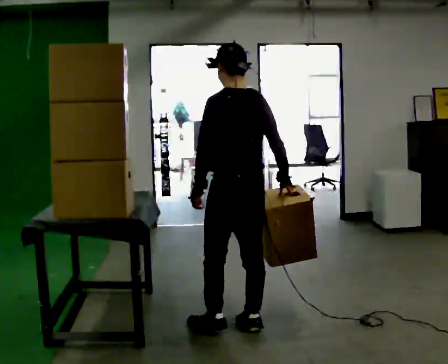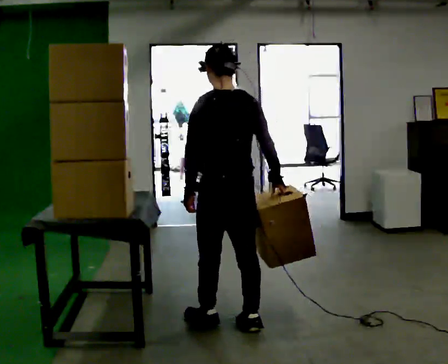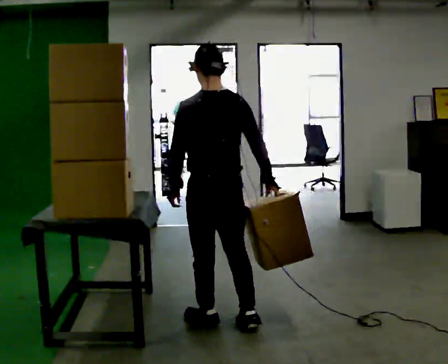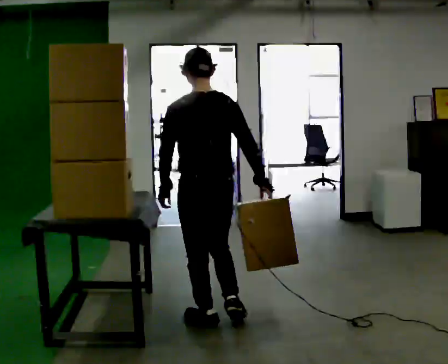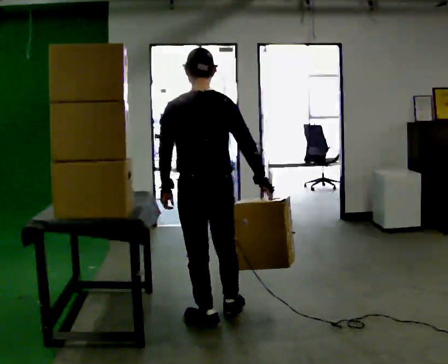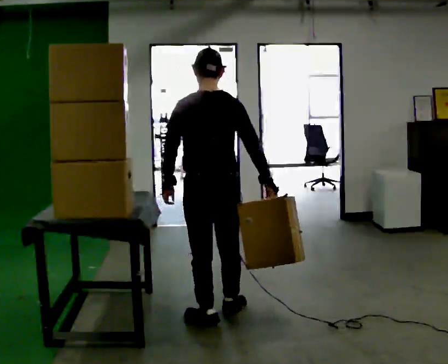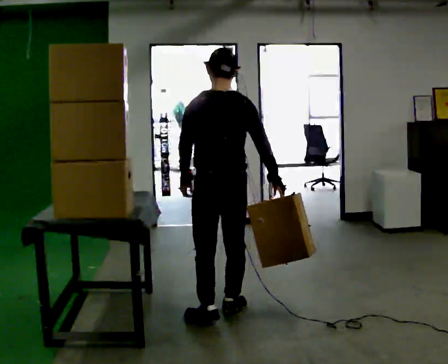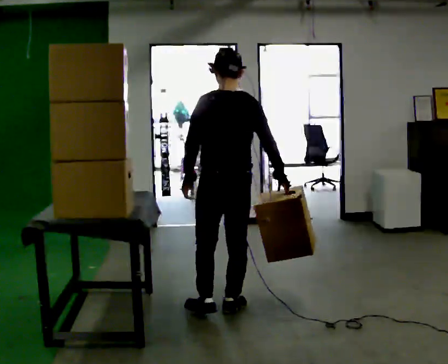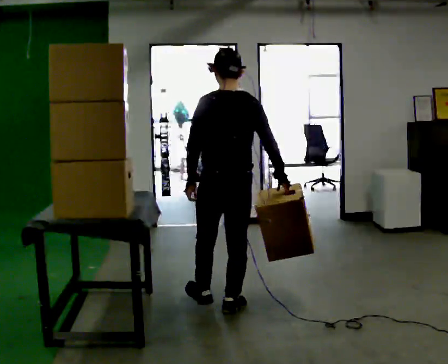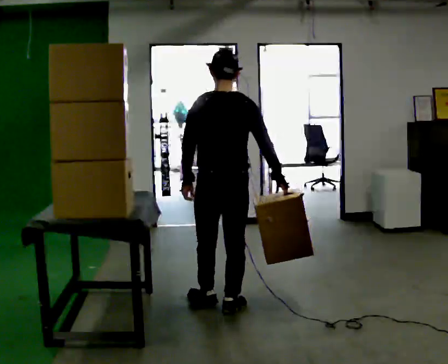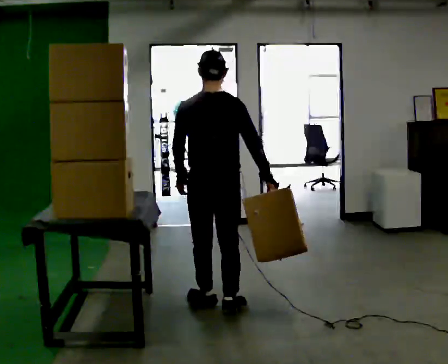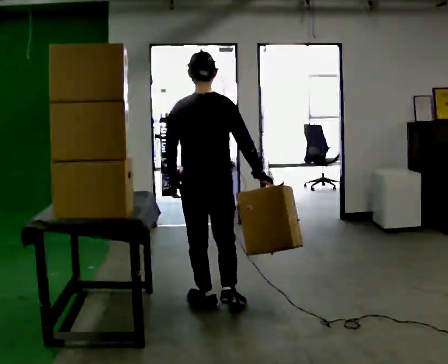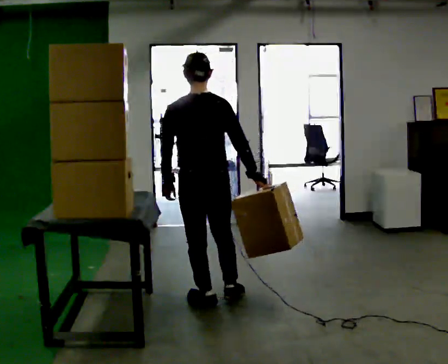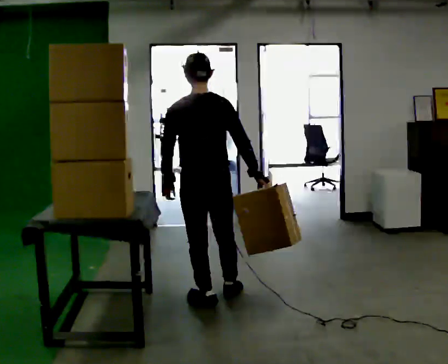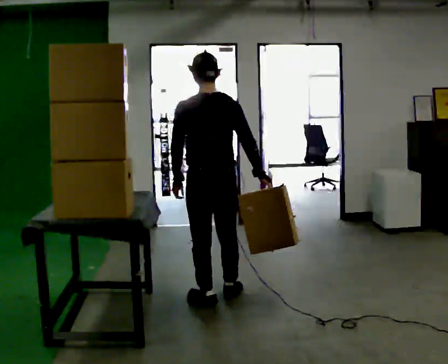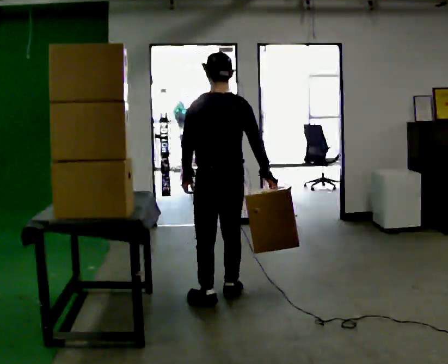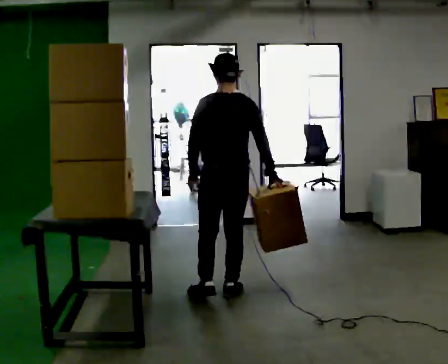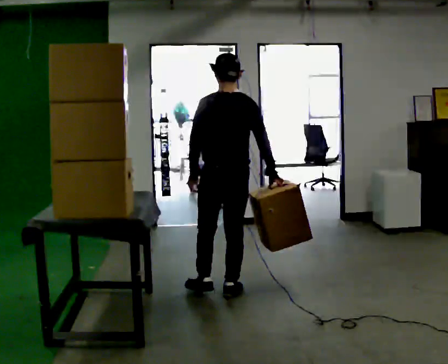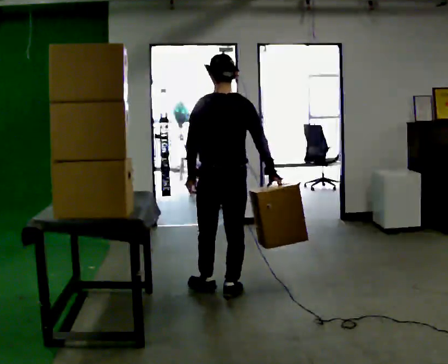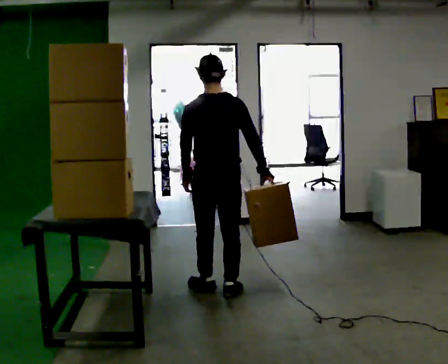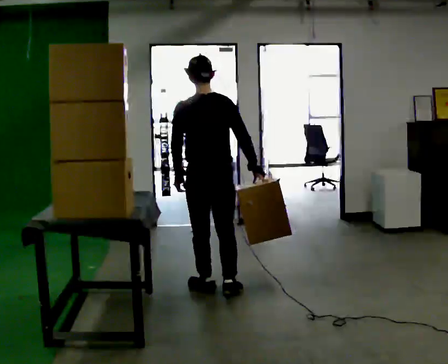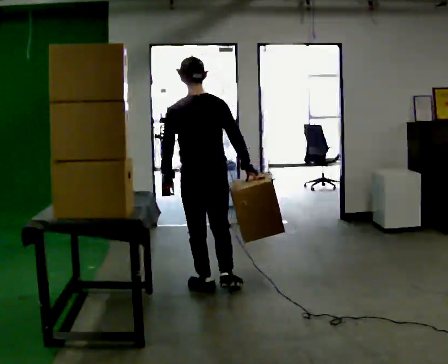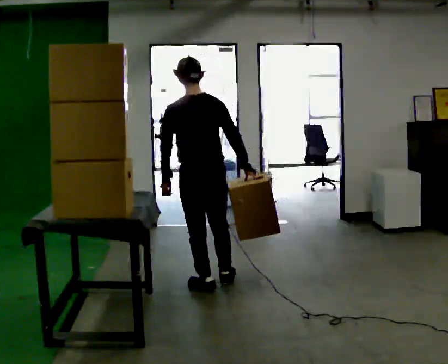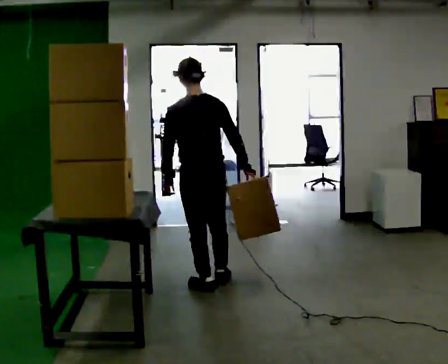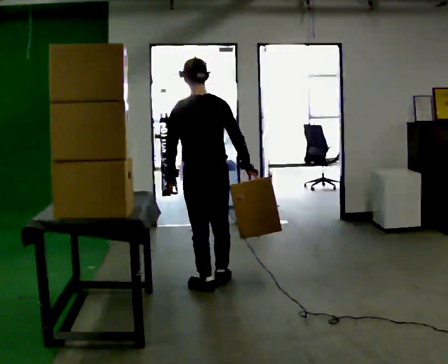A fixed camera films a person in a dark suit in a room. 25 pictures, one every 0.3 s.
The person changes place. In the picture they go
away from the camera.
0.0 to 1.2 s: Seen from above the body turns clockwise, about 30 degrees: to their right, with its near side sliding to the left. In the picture they go to the left, about 0.25 m in 1 step, which for them is forward and to their left.
1.2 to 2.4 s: In the picture they go away from the camera, about 0.25 m in 1 step, which for them is to their right and forward.
2.4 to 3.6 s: In the picture they go away from the camera, about 0.25 m in 1 step, which for them is forward and to their left.
3.6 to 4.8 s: In the picture they go away from the camera and to the right, about 0.25 m in 1 step, which for them is to their right and forward.
4.8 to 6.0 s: In the picture they go away from the camera, about 0.25 m in 1 step, which for them is forward.
6.0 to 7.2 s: The person moves a little, or ends about where they began.
The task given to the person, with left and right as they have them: Take boxes off the top of the stack one at a time and carry them away, walking back for each one. Keep going until the operator says stop; one object at a time, and do not rush between trips.
The film runs forward here.
